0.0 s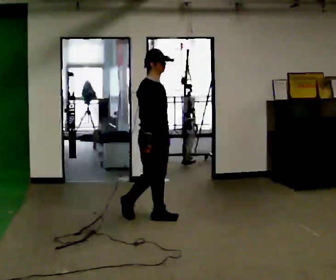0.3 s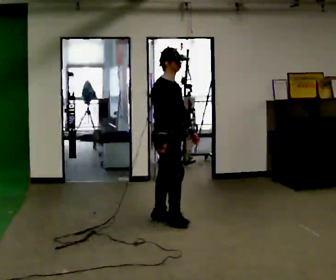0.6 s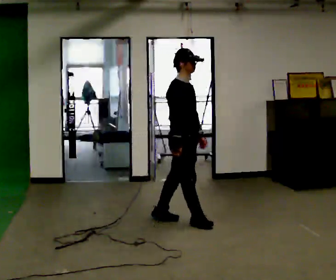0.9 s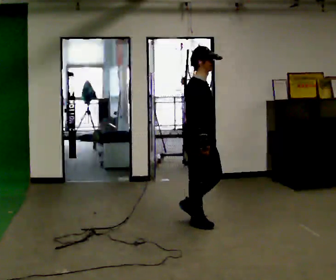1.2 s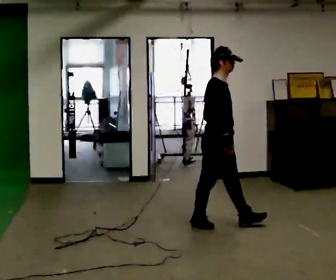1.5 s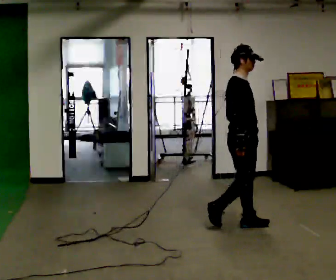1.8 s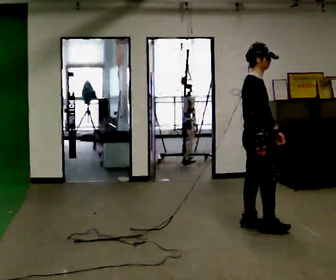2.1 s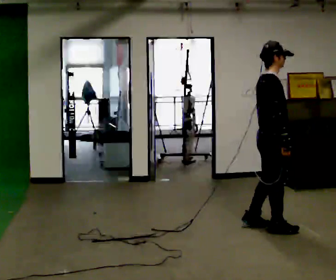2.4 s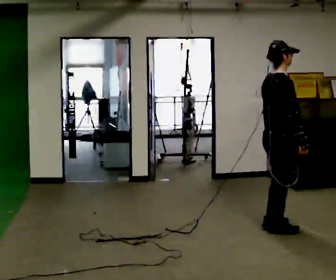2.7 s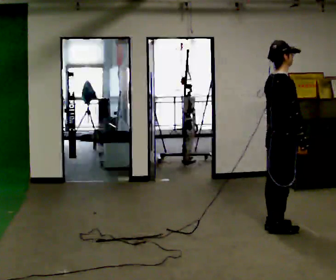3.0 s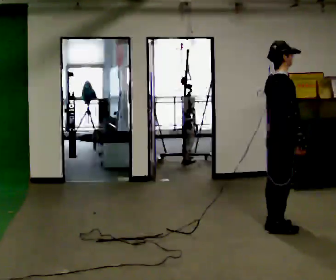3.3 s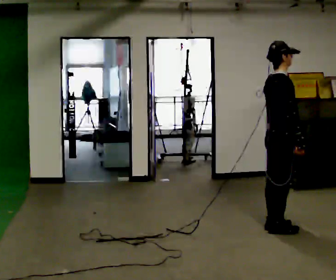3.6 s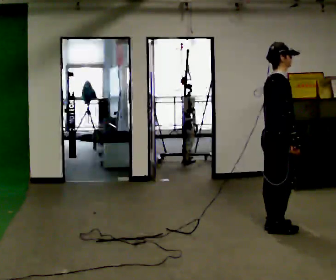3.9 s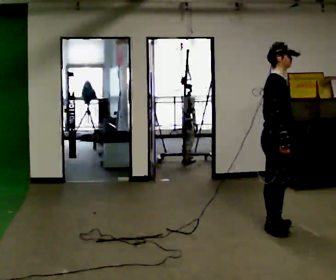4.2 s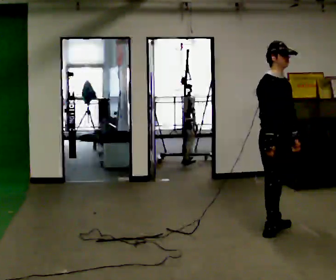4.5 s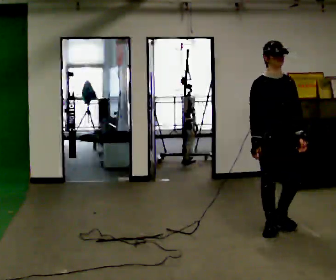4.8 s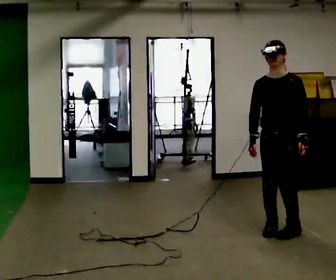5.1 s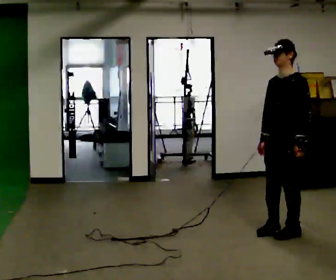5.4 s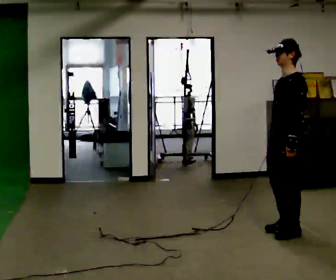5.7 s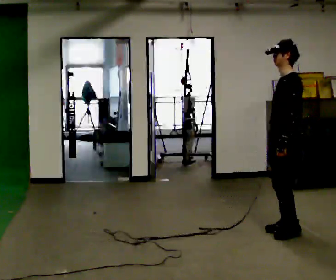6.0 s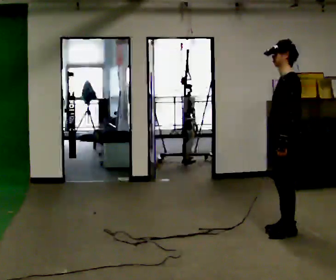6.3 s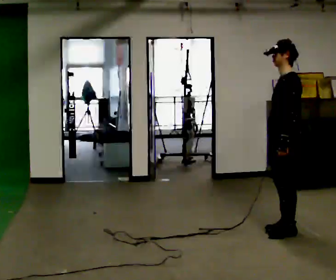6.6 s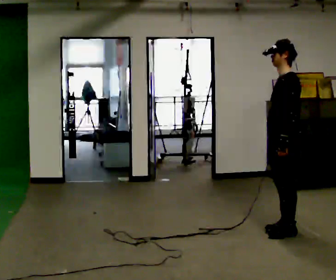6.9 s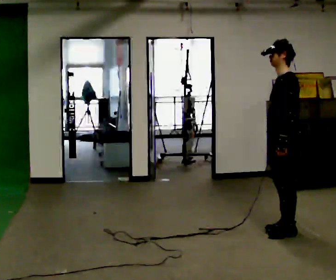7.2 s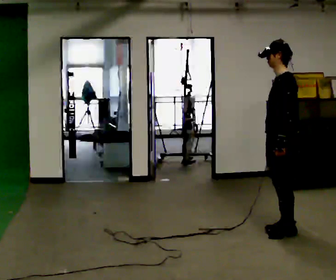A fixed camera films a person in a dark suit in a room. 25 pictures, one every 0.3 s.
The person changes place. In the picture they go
to the right.
0.0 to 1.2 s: In the picture they go to the right, about 0.75 m in 1 step, which for them is forward.
1.2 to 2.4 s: The part of the body nearest the lens slides to the right as the person turns to their left by about 30 degrees. In the picture they go to the right, about 0.5 m in 3 steps, which for them is forward and to their right.
2.4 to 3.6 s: The person moves a little, or ends about where they began.
3.6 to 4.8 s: The person turns about 120 degrees to their right, clockwise seen from above, so the part of the body nearest the lens slides to the left.
4.8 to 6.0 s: The person turns about 60 degrees to their right, clockwise seen from above, so the part of the body nearest the lens slides to the left.
6.0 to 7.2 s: The person moves a little, or ends about where they began.
The film runs forward here.
